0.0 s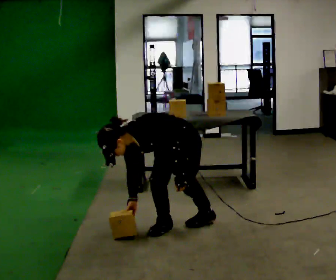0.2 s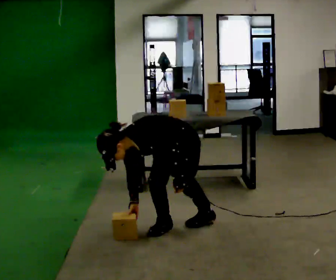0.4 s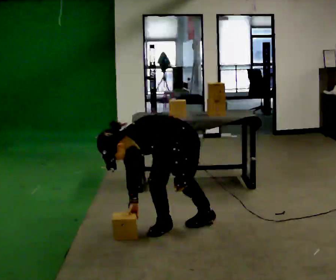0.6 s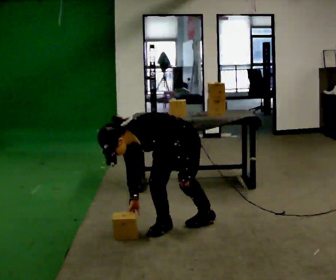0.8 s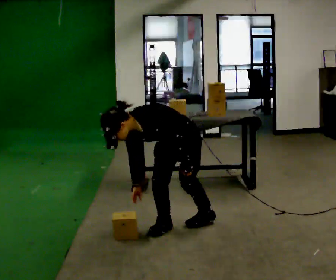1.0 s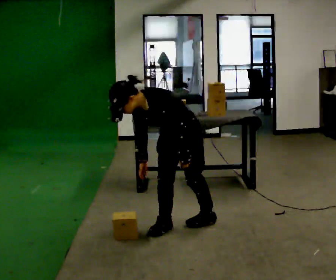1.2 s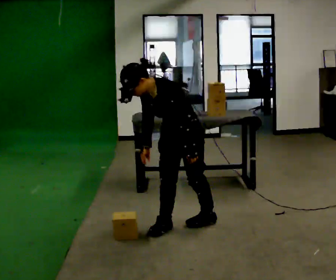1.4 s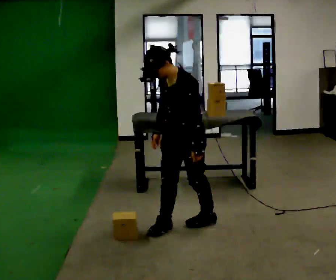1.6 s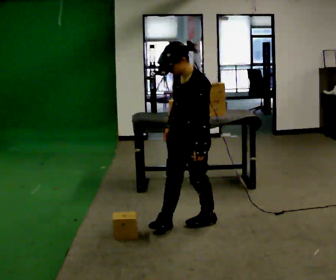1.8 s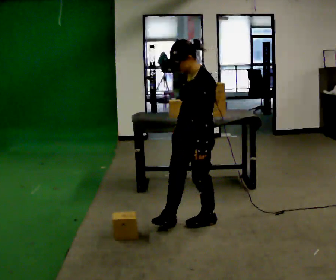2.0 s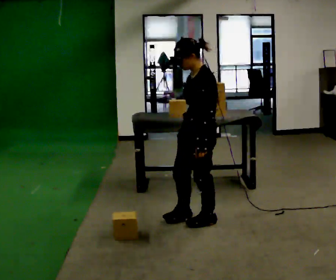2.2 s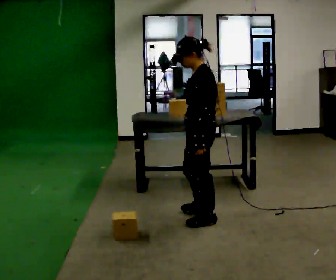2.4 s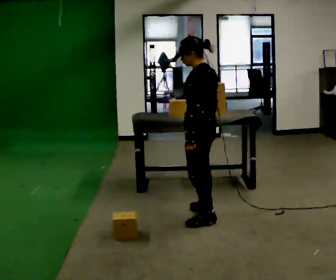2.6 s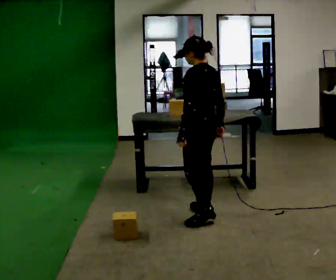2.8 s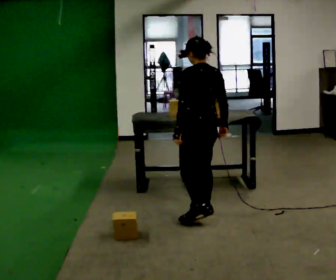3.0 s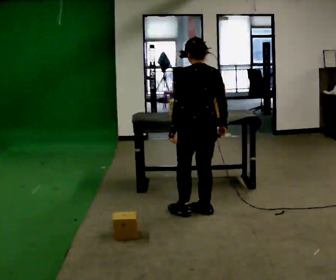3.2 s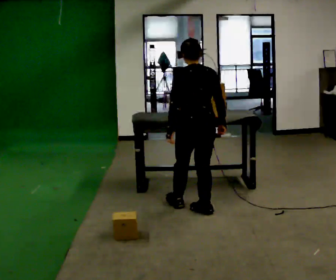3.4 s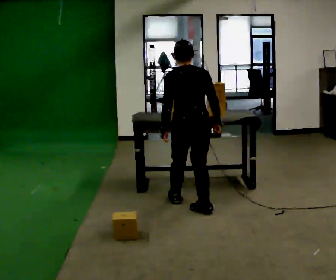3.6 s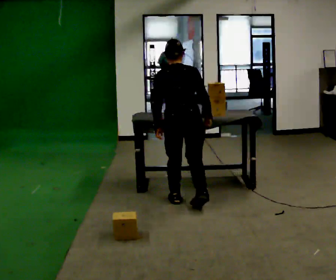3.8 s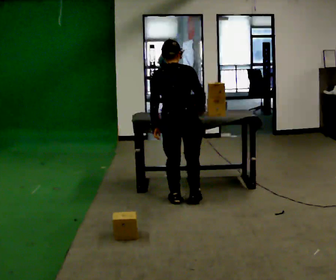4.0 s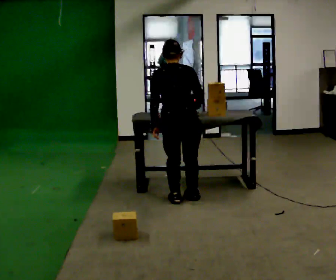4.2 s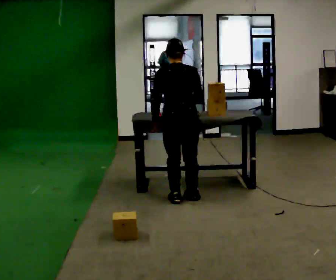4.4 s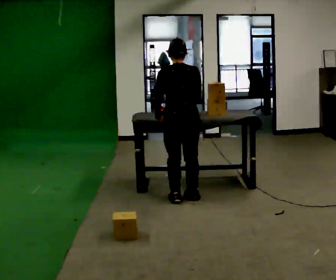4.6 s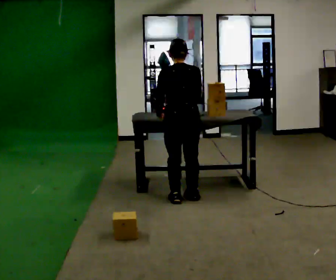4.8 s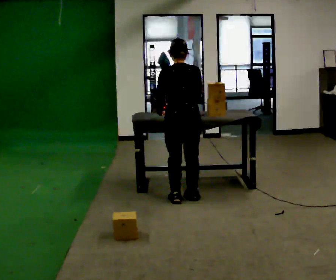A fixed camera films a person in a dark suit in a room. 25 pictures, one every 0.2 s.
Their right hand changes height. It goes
upward.
The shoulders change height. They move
upward.
0.0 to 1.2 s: The upper body goes upward. In the picture the upper body tilts clockwise, shoulders to the right, as they lean back or straighten. In the picture their right hand goes upward.
1.2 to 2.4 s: The person turns about 60 degrees to their right, clockwise seen from above, so the part of the body nearest the lens slides to the left. In the picture they go to the right, about 0.25 m in 1 step. In the picture the upper body tilts clockwise, shoulders to the right, as they lean back or straighten.
2.4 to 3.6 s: The person turns about 60 degrees to their right, clockwise seen from above, so the part of the body nearest the lens slides to the left. In the picture they go away from the camera, about 0.5 m in 2 steps.
3.6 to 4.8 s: In the picture they go away from the camera, about 0.25 m, which for them is forward.
The film runs backward here.
